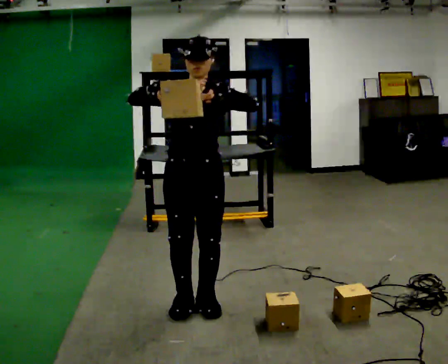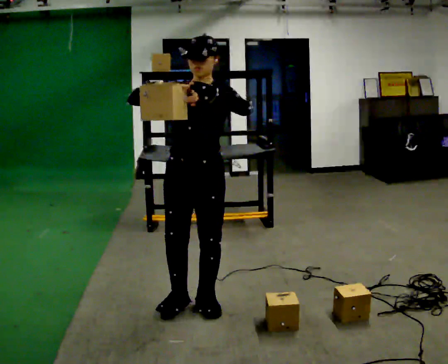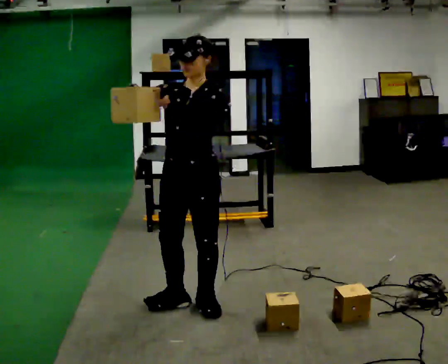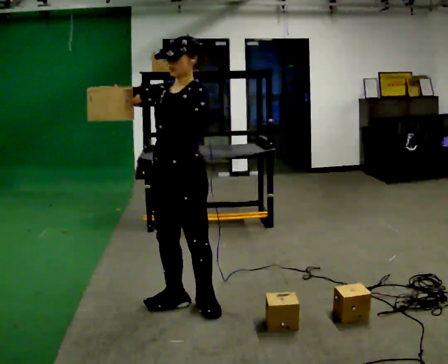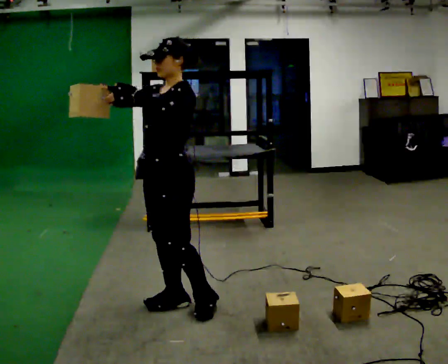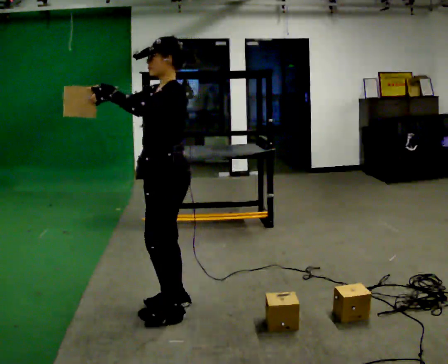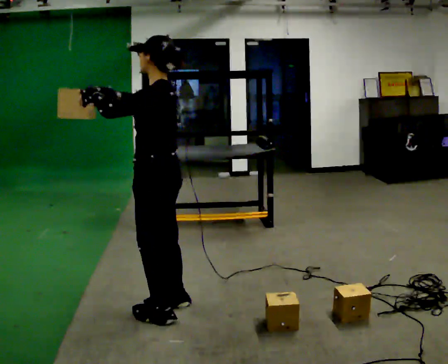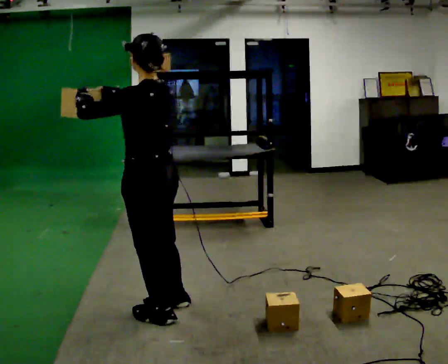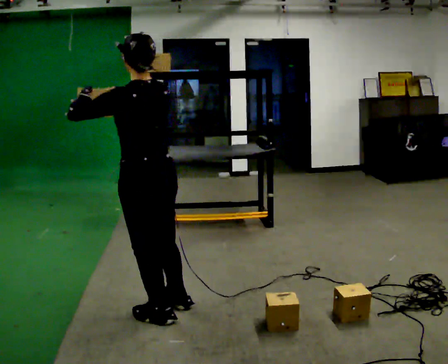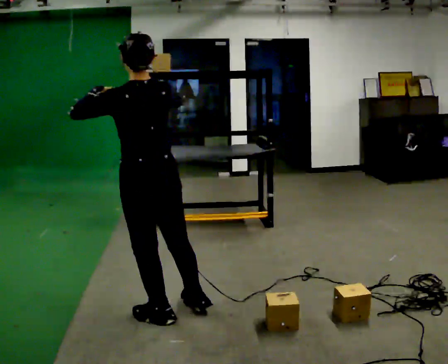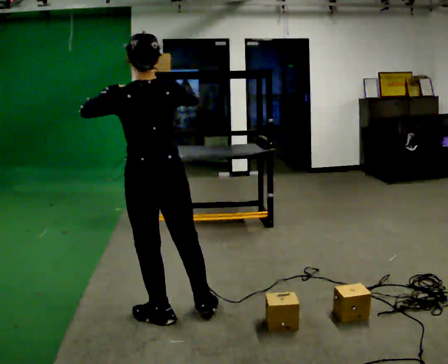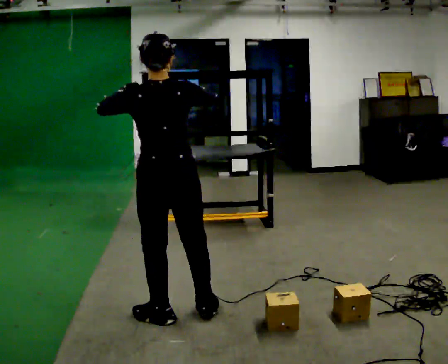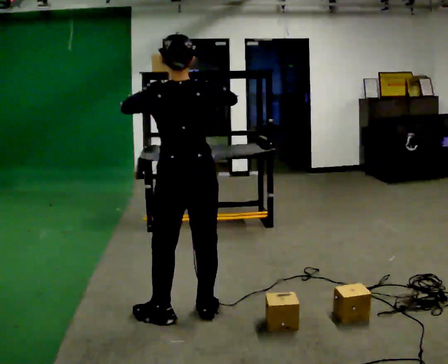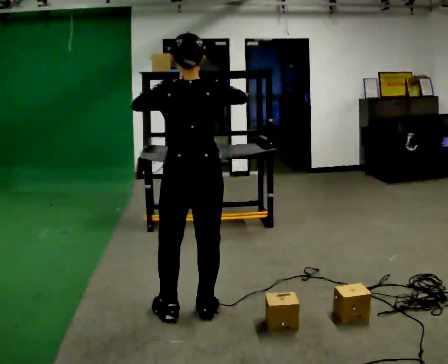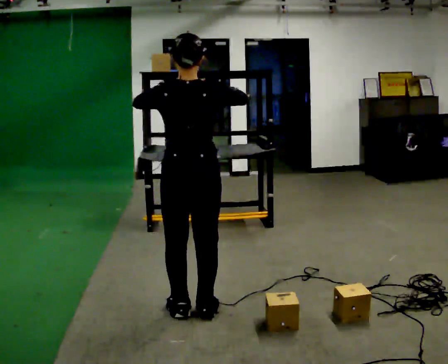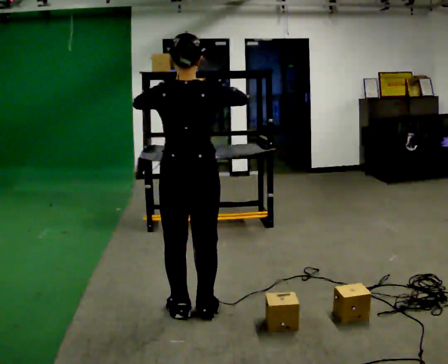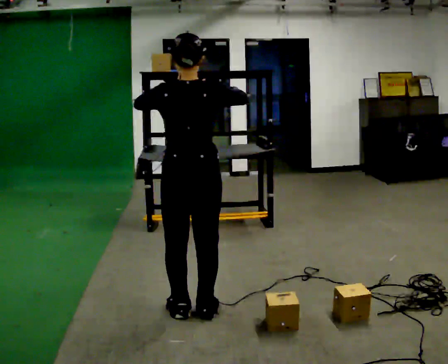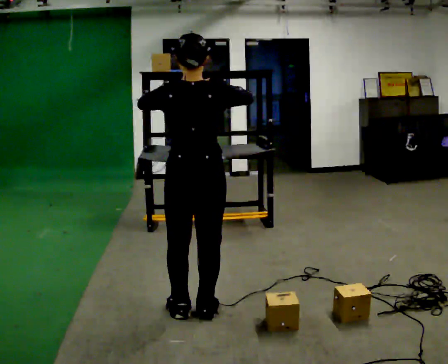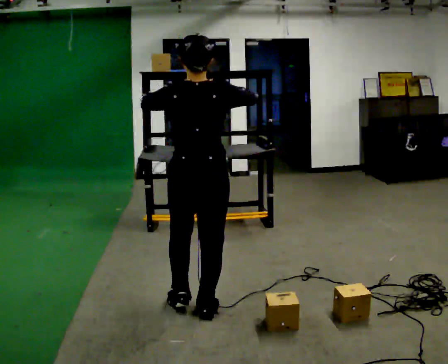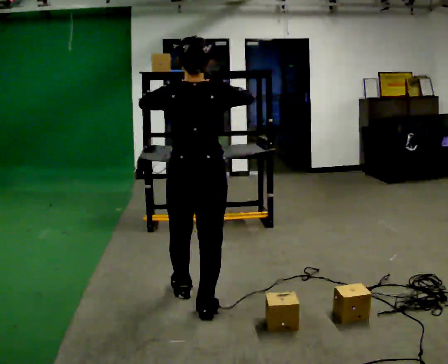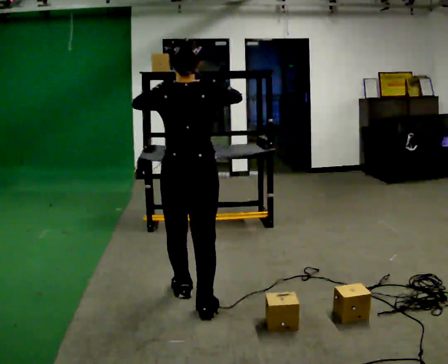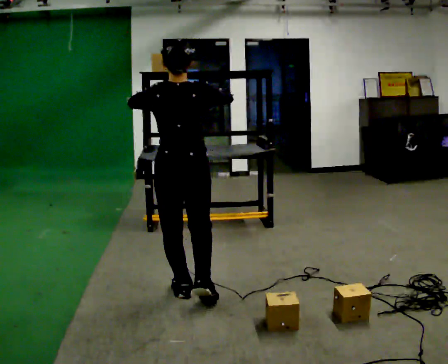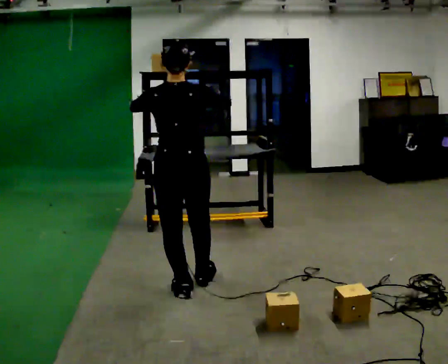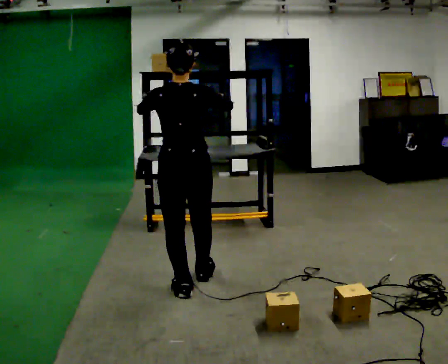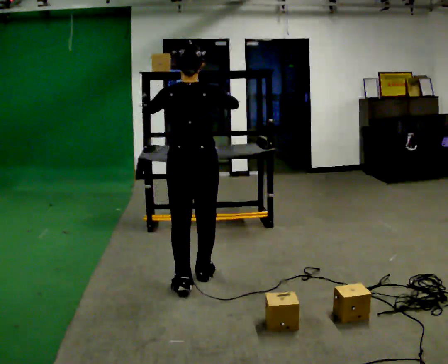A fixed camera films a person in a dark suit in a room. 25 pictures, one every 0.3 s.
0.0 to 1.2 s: The part of the body nearest the lens slides to the left as the person turns to their right by about 45 degrees.
1.2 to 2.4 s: Seen from above the body turns clockwise, about 75 degrees: to their right, with its near side sliding to the left. In the picture they go toward the camera, about 0.25 m in 1 step.
2.4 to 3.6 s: The person turns about 30 degrees to their right, clockwise seen from above, so the part of the body nearest the lens slides to the left. In the picture they go to the right, about 0.25 m, which for them is to their right. In the picture their right hand goes to the right.
3.6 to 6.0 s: The person moves a little, or ends about where they began.
6.0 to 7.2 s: In the picture they go away from the camera, about 0.25 m in 1 step, which for them is forward.
The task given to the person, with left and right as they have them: Pick an object up off the floor, carry it across the room, and place it on the highest shelf you can comfortably reach. Keep going until the operator says stop; one object at a time, and do not rush between trips.
The film runs forward here.
